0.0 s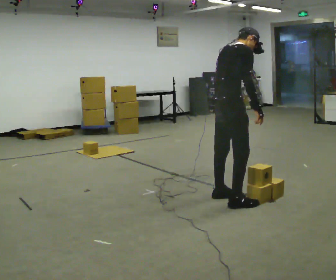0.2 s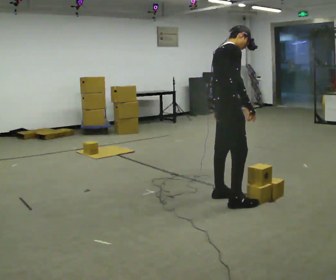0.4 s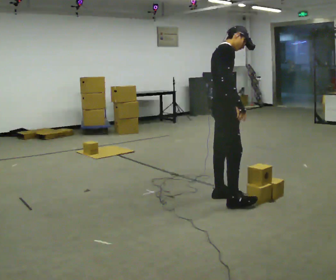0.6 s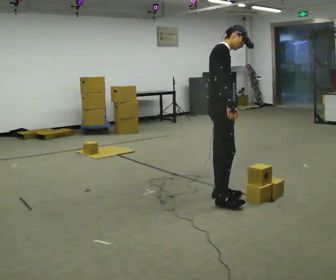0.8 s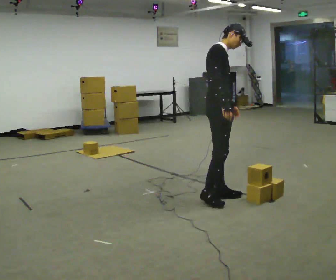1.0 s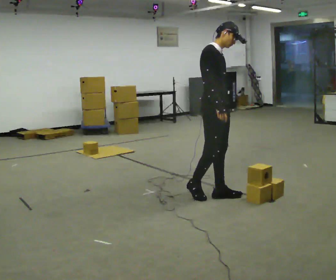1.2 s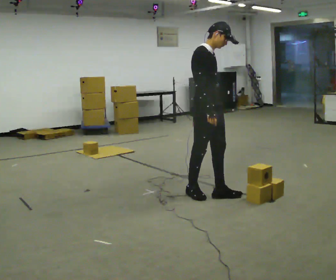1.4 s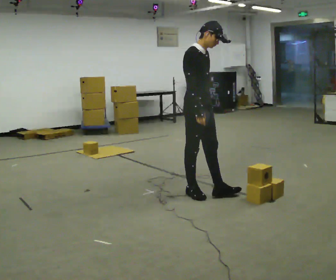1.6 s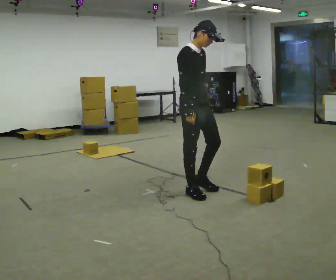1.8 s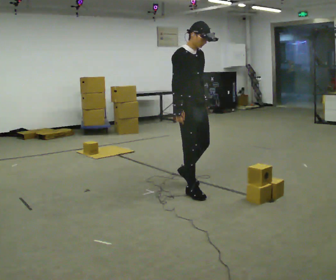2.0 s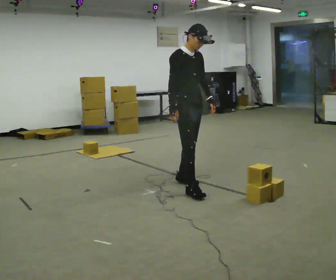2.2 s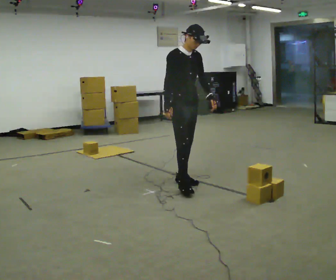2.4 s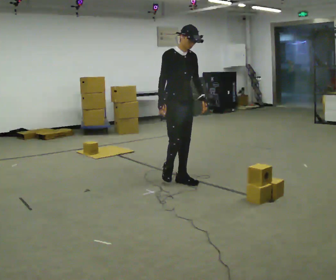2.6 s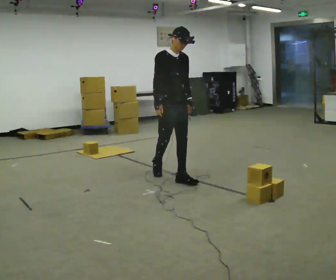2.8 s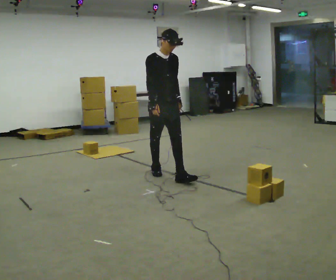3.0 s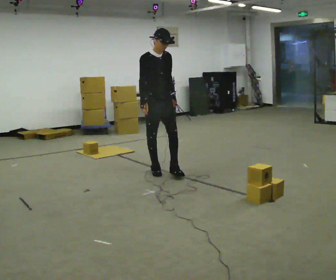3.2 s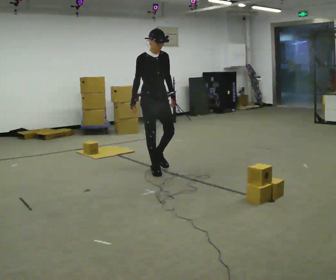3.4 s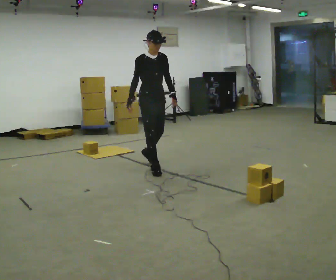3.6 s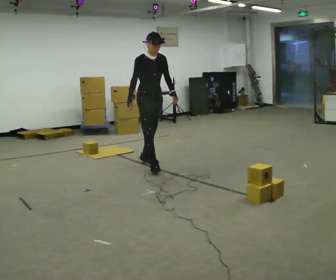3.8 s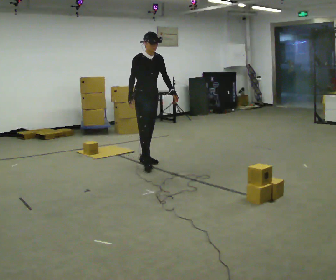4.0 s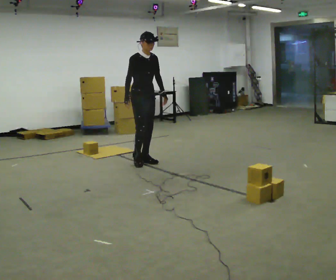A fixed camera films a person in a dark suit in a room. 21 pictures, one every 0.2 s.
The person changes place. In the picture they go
away from the camera.
0.0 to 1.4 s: Seen from above the body turns clockwise, about 45 degrees: to their right, with its near side sliding to the left. In the picture they go away from the camera and to the left, about 0.5 m in 2 steps, which for them is backward and to their left.
1.4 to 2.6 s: Seen from above the body turns clockwise, about 30 degrees: to their right, with its near side sliding to the left. In the picture they go away from the camera and to the left, about 0.5 m in 1 step, which for them is backward and to their left.
2.6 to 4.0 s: In the picture they go away from the camera and to the left, about 1 m in 2 steps, which for them is backward.
The film runs backward here.
